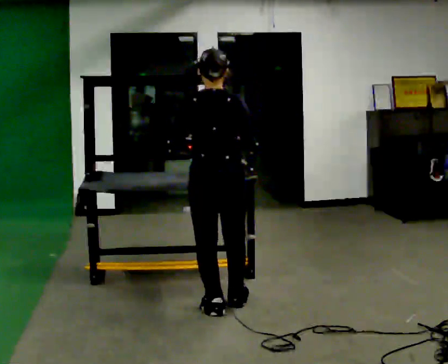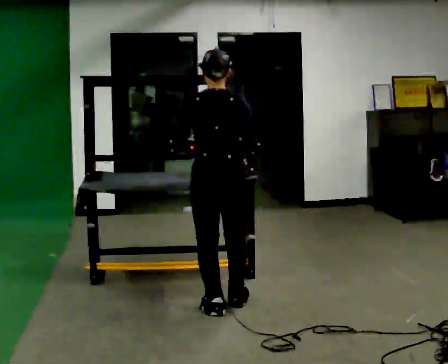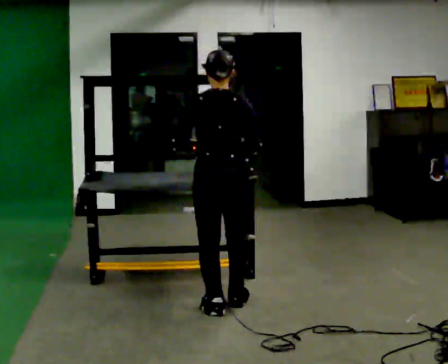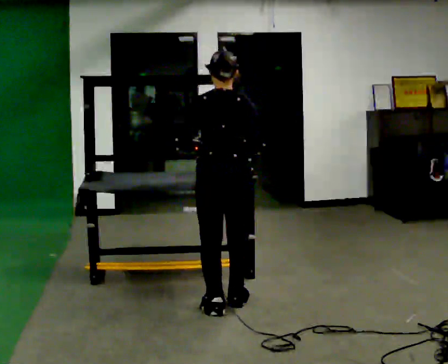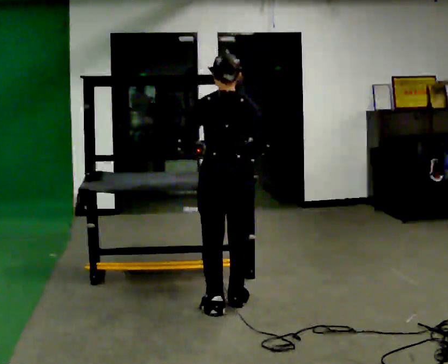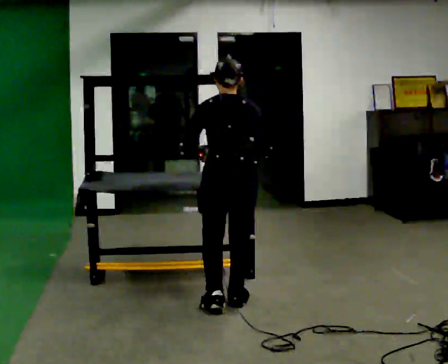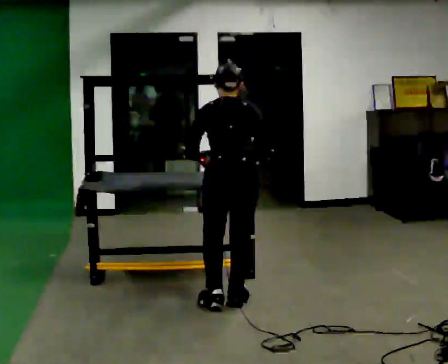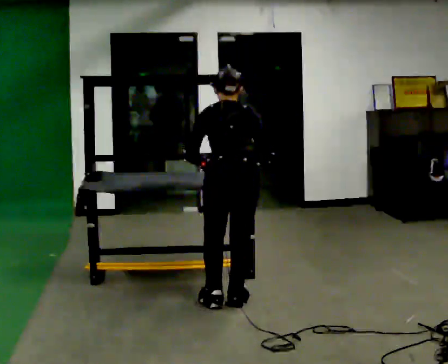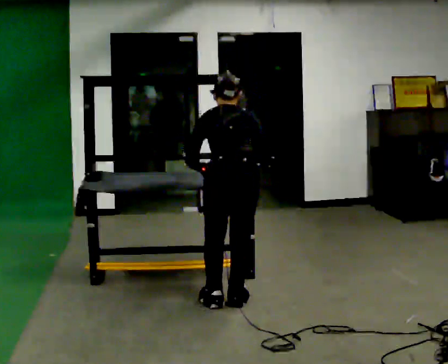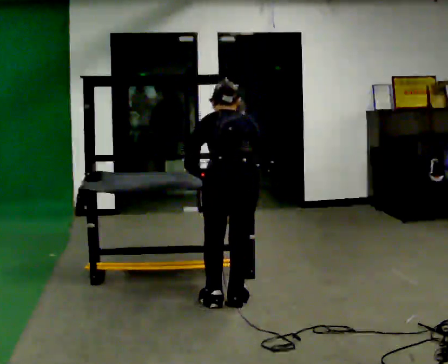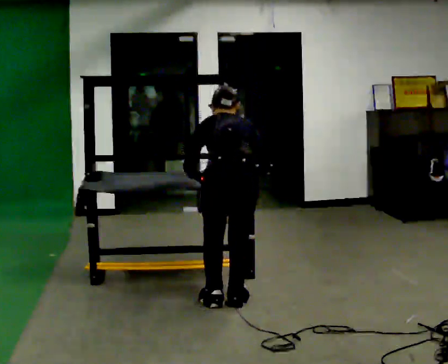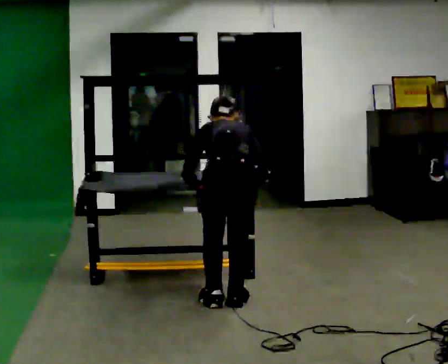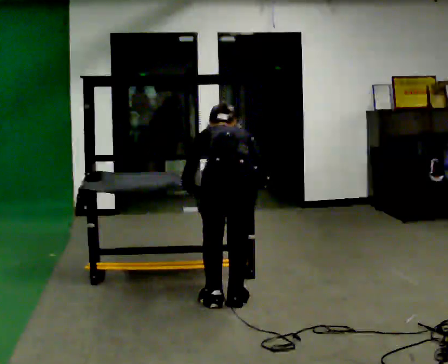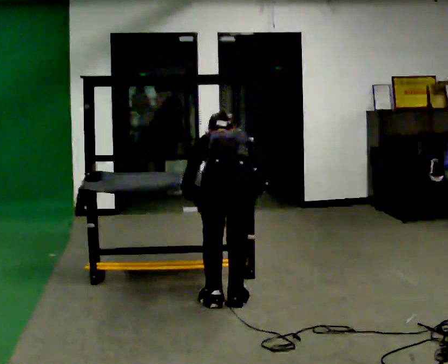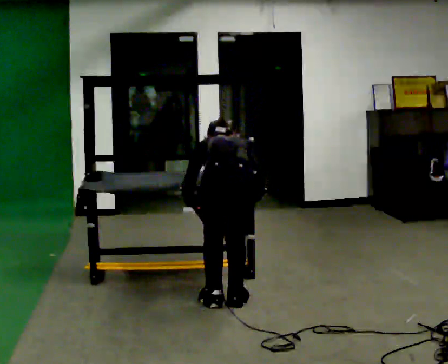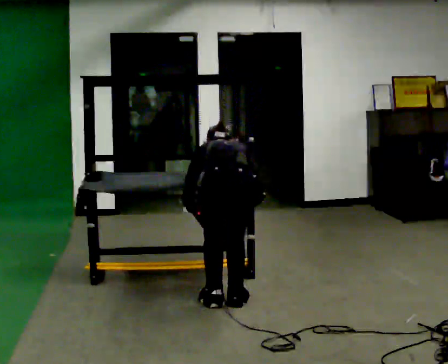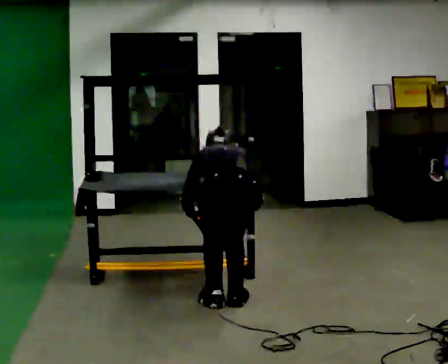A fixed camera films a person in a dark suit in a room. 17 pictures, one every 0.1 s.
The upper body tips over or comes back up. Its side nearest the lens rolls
upward.
Their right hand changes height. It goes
downward.
0.0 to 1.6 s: The upper body goes downward. The upper body tips away from the camera, its near side rolling upward, as they bend forward. In the picture their left hand goes downward.
The film runs forward here.
